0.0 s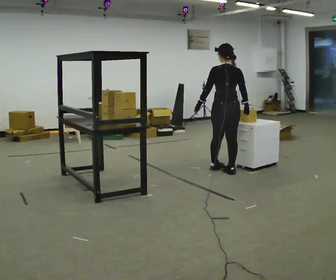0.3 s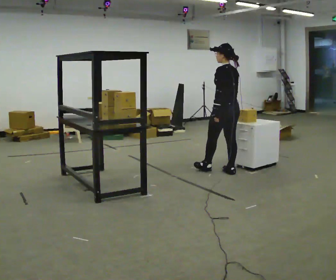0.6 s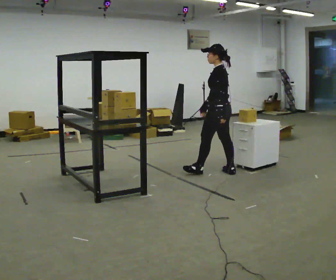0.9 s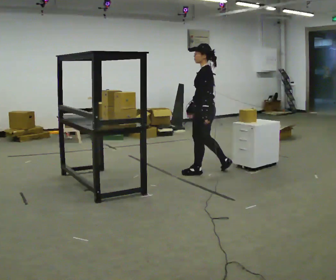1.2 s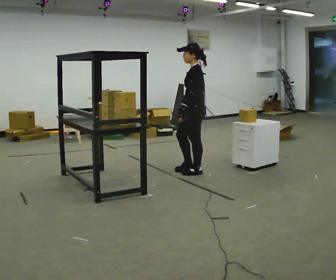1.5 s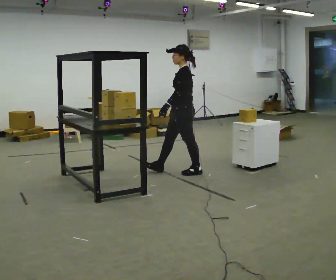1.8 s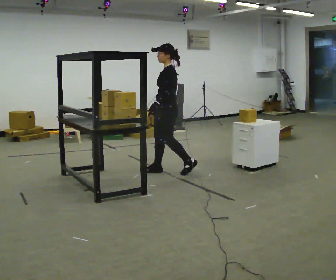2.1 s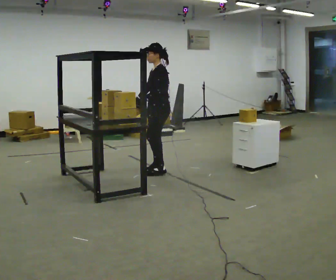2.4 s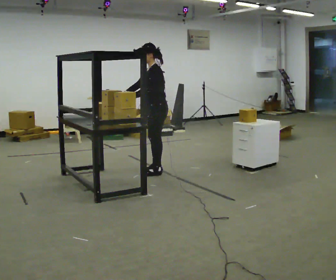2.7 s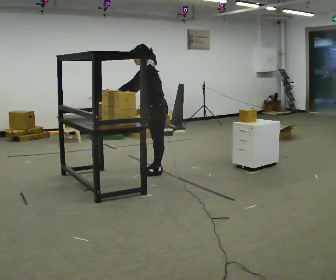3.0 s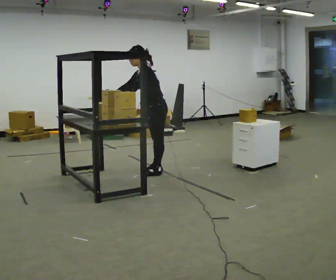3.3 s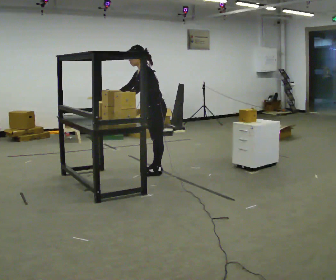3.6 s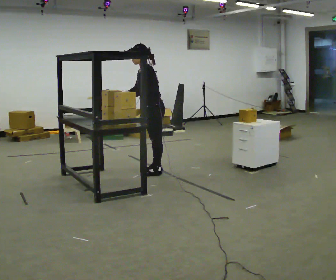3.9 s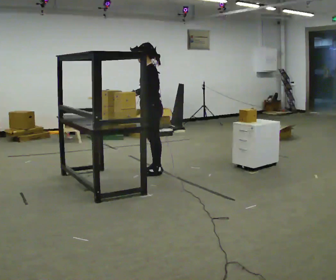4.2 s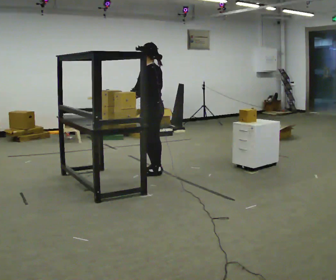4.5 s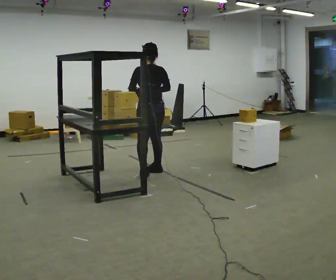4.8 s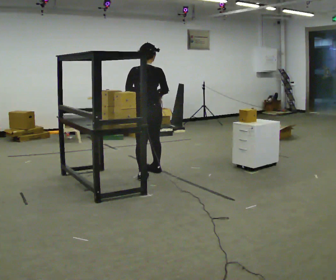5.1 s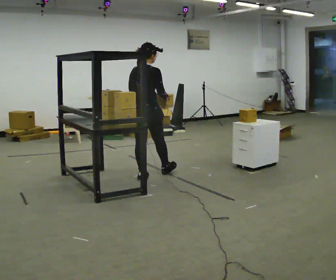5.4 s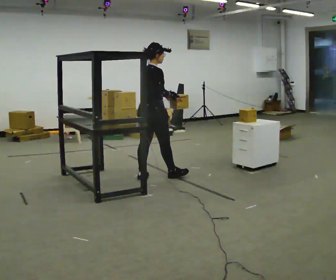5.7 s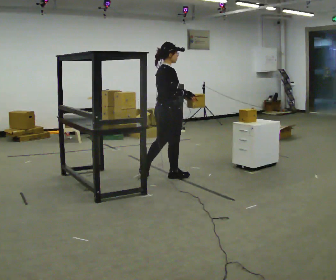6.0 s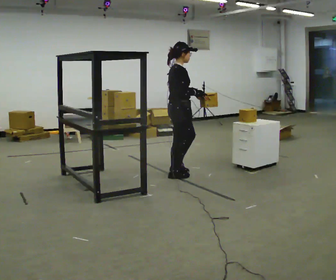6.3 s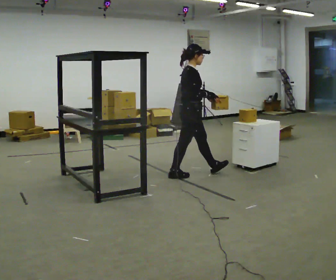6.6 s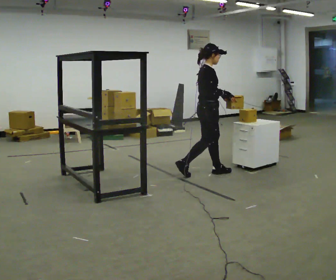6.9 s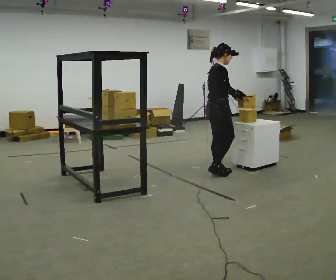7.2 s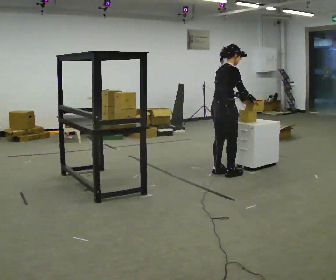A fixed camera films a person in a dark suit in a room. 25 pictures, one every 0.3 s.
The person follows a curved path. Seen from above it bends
counterclockwise.
0.0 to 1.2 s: The part of the body nearest the lens slides to the right as the person turns to their left by about 90 degrees. In the picture they go to the left, about 0.5 m in 1 step.
1.2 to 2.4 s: In the picture they go to the left, about 0.5 m in 2 steps, which for them is forward.
2.4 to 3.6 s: The person moves a little, or ends about where they began.
3.6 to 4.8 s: The person turns about 105 degrees to their right, clockwise seen from above, so the part of the body nearest the lens slides to the left. In the picture they go toward the camera, about 0.25 m in 1 step. In the picture the upper body tilts clockwise, shoulders to the right, as they lean back or straighten. In the picture their right hand goes to the right.
4.8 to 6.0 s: The part of the body nearest the lens slides to the left as the person turns to their right by about 75 degrees. In the picture they go to the right, about 0.25 m in 1 step.
6.0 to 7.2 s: In the picture they go to the right, about 0.5 m in 2 steps, which for them is forward.
The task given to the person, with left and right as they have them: 1. Move all 12 boxes from the shelf at one end of the room to the shelf at the other end. 2. The cart is not available today, so carry them. 3. Tell the operator when you are finished.
The film runs forward here.
